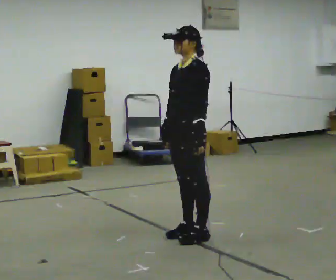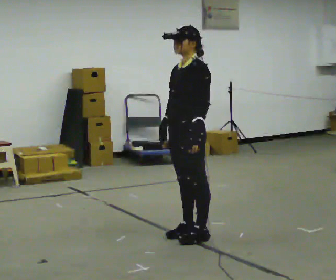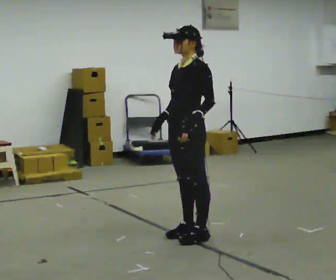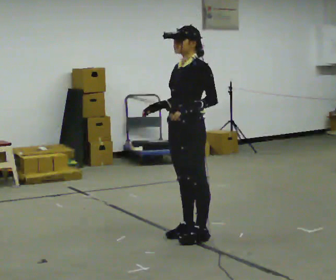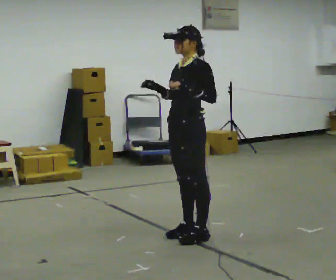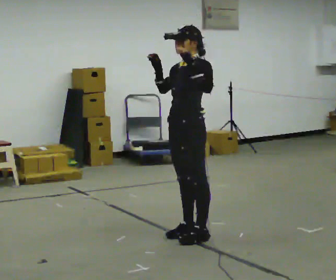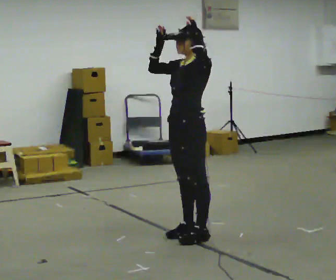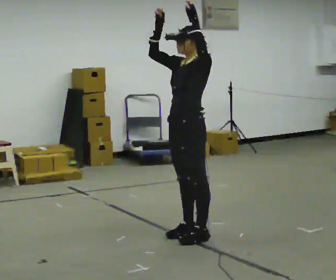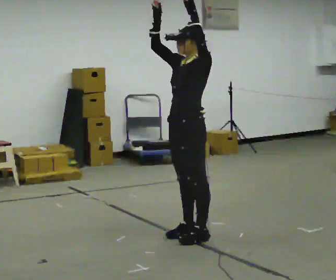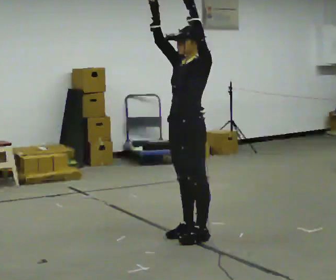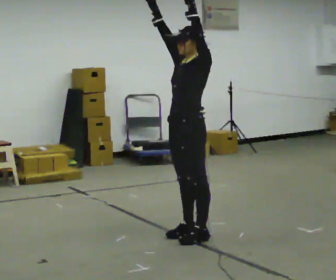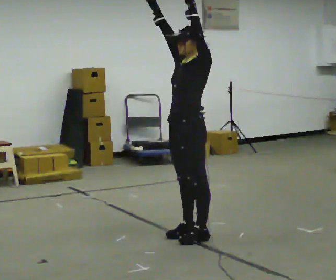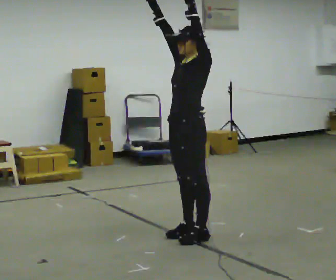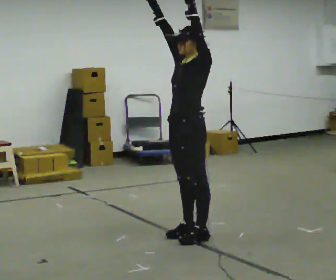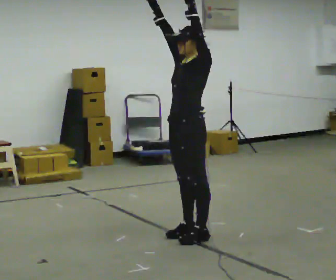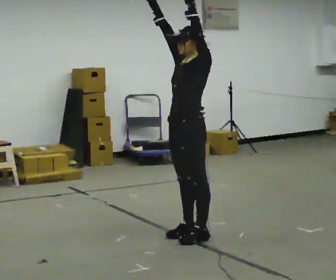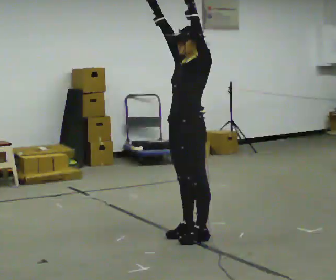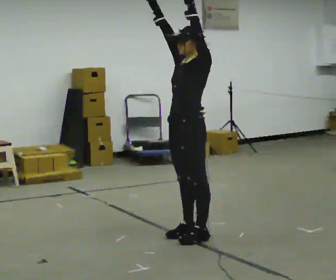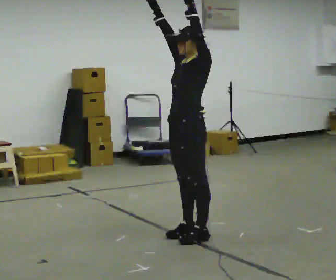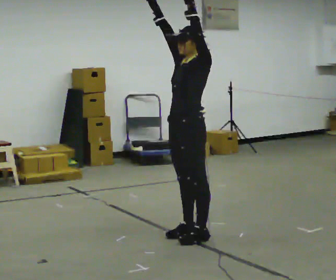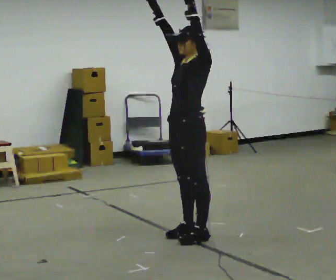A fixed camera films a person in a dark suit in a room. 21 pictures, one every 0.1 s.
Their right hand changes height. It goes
upward.
Their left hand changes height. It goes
upward.
0.0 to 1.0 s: In the picture their left hand goes upward.
1.0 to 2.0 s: The person keeps their place and pose.
The film runs backward here.
